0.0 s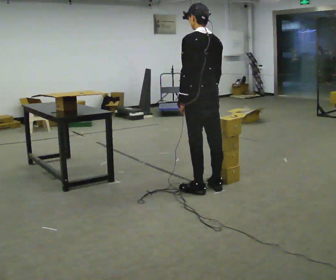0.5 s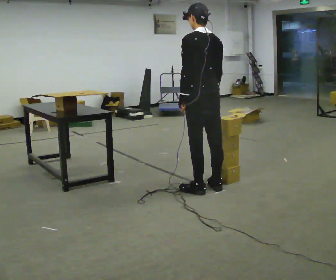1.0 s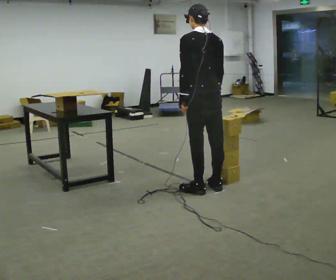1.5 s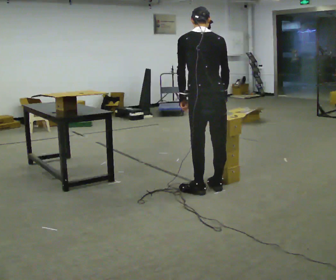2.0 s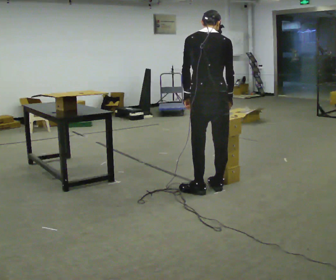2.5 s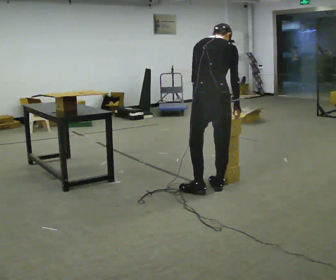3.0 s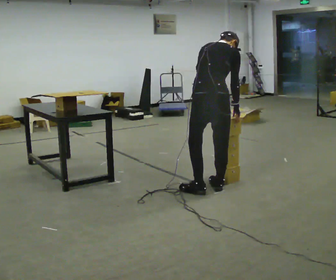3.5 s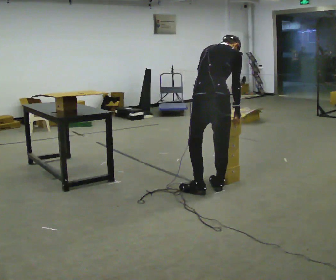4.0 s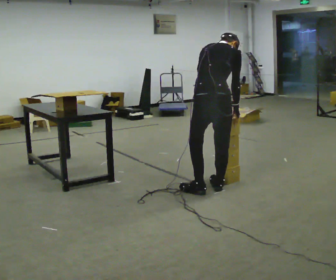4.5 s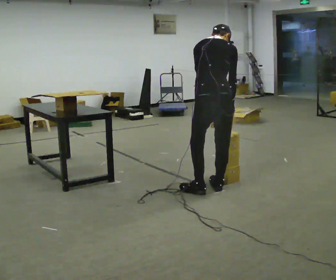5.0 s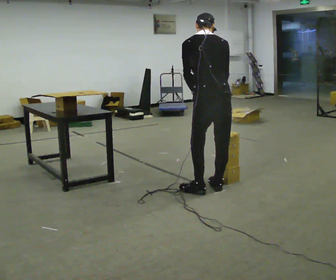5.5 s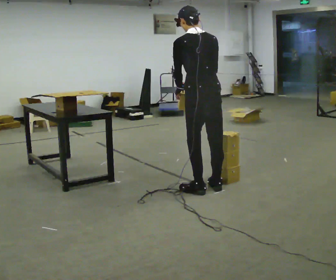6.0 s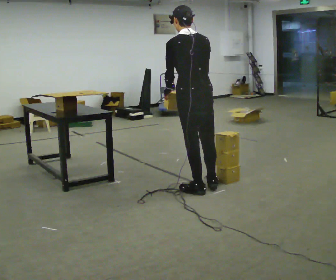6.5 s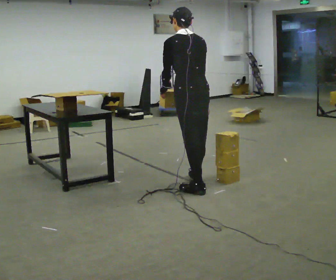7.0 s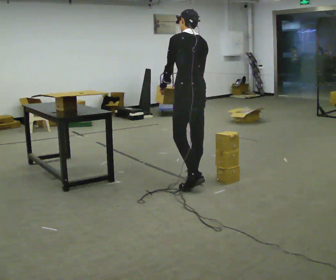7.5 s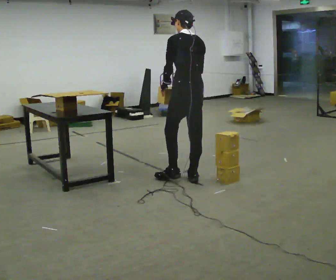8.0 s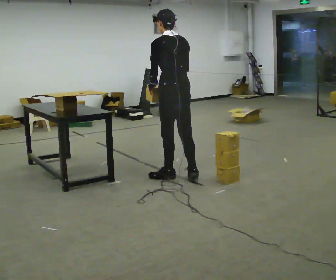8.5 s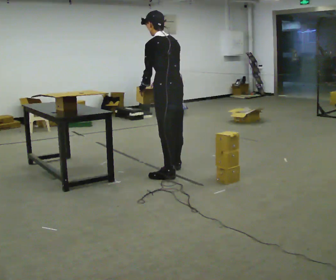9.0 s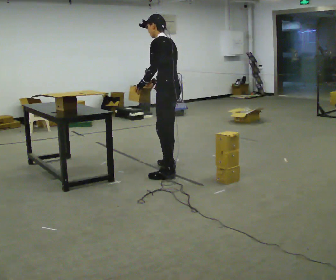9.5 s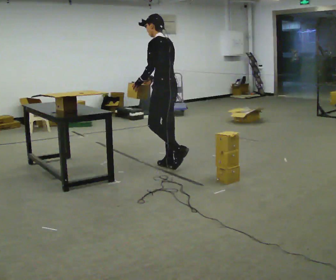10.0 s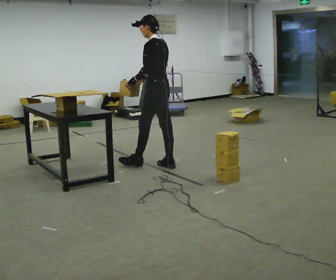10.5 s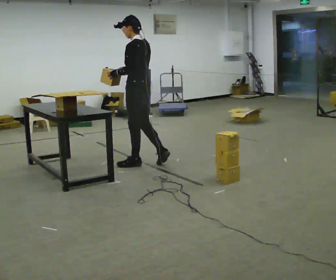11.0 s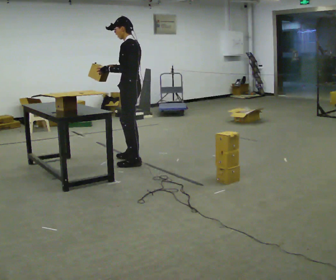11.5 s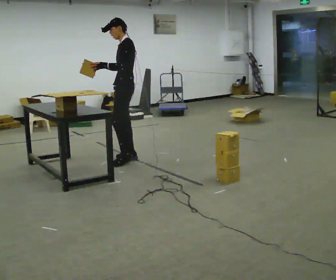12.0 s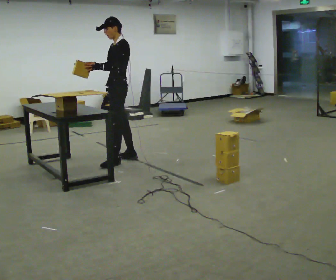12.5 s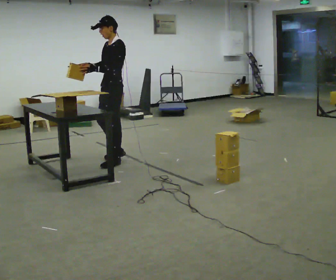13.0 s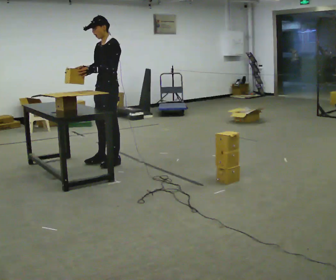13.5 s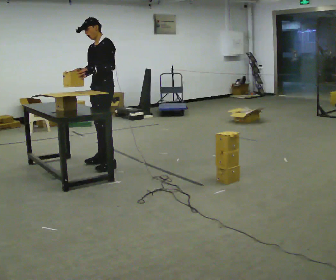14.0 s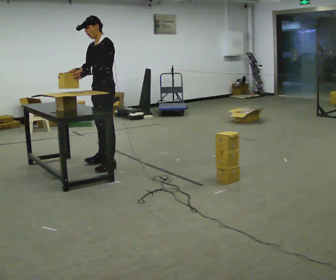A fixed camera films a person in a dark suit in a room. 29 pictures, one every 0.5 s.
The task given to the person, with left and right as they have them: Carry the object over and set it down on the wobbly board without tipping it over. Keep going until the operator says stop; one object at a time, and do not rush between trips.
0.0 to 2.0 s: The part of the body nearest the lens slides to the left as the person turns to their right by about 30 degrees.
2.0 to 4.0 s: The upper body tips away from the camera, its near side rolling upward, as they bend forward.
4.0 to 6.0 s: The person turns about 45 degrees to their left, counterclockwise seen from above, so the part of the body nearest the lens slides to the right. The upper body tips toward the camera, its near side rolling downward, as they lean back or straighten. In the picture their right hand goes to the left.
6.0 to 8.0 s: In the picture they go away from the camera and to the left, about 0.5 m in 2 steps, which for them is forward.
8.0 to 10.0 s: The part of the body nearest the lens slides to the right as the person turns to their left by about 30 degrees. In the picture they go away from the camera and to the left, about 0.5 m in 1 step, which for them is to their right and forward.
10.0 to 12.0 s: Seen from above the body turns counterclockwise, about 45 degrees: to their left, with its near side sliding to the right. In the picture they go to the left, about 0.5 m in 3 steps, which for them is forward.
12.0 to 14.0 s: In the picture they go toward the camera, about 0.25 m in 2 steps, which for them is forward.
The film runs forward here.
